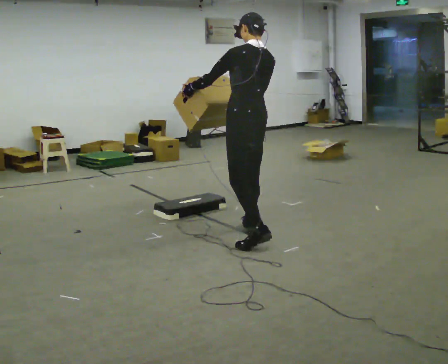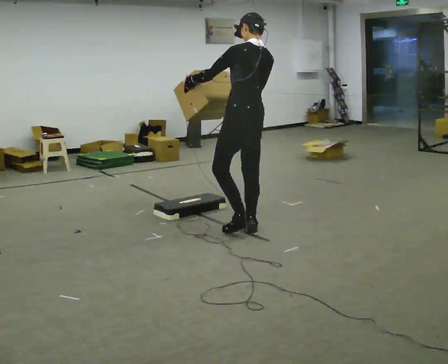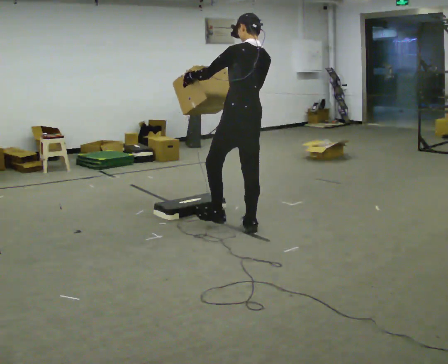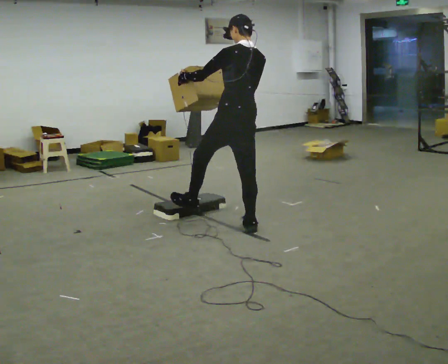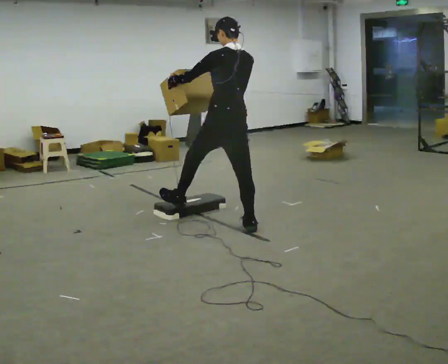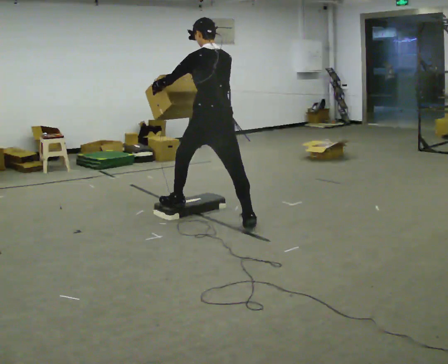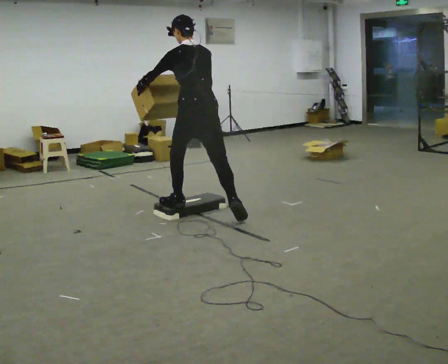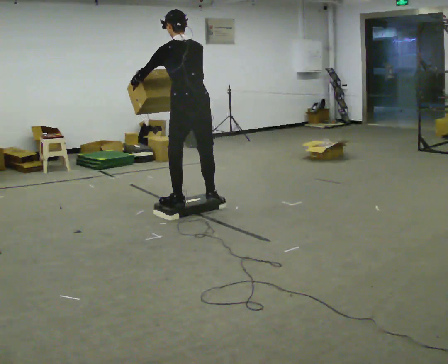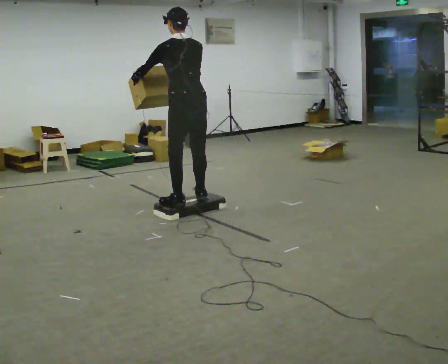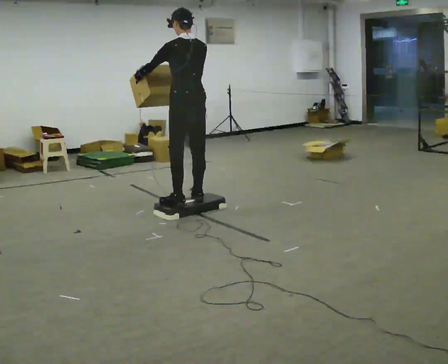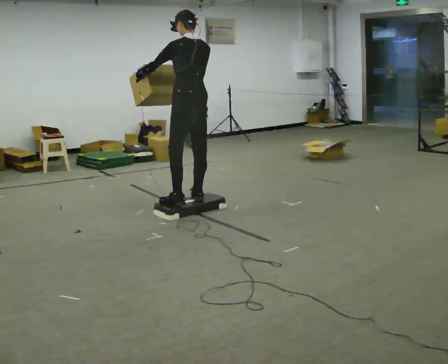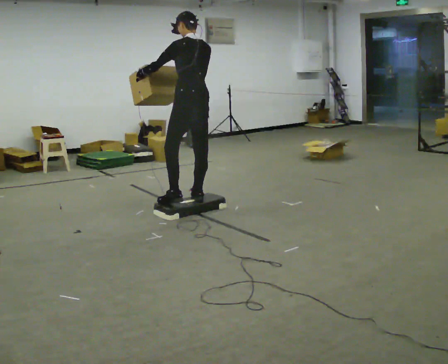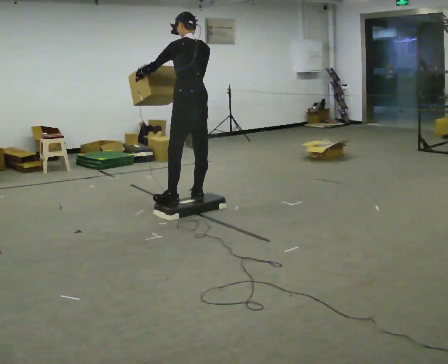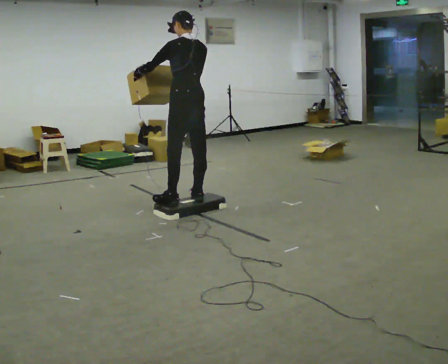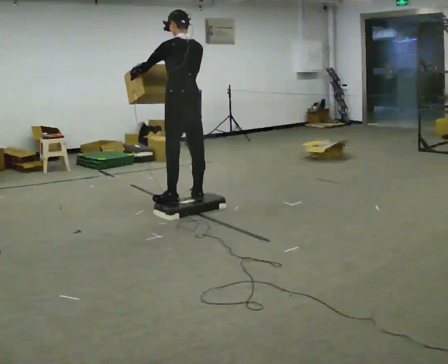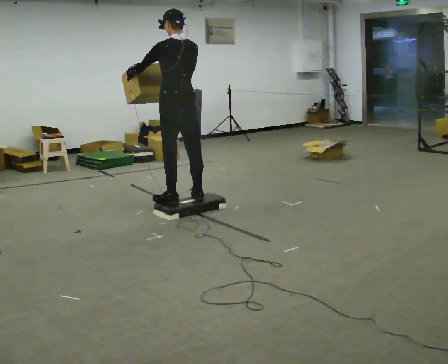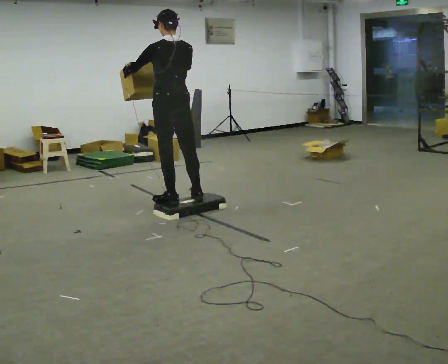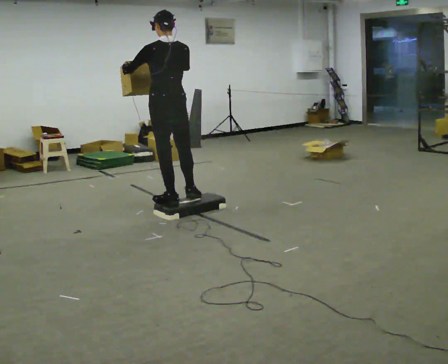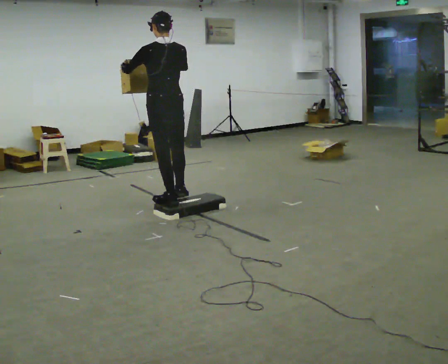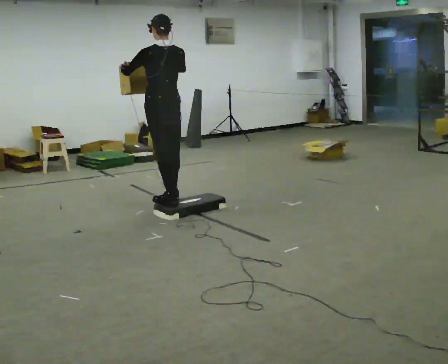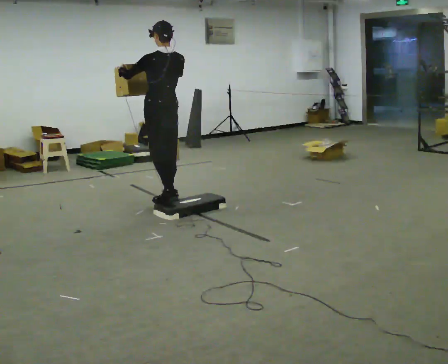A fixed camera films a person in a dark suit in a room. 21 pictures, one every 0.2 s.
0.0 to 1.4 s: In the picture they go away from the camera and to the left, about 0.5 m in 1 step, which for them is forward. In the picture the upper body tilts counterclockwise, shoulders to the left, as they bend forward.
1.4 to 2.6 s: In the picture they go away from the camera, about 0.25 m in 1 step, which for them is forward.
2.6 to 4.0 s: In the picture they go to the left and away from the camera, about 0.5 m in 1 step, which for them is forward.
The film runs forward here.
